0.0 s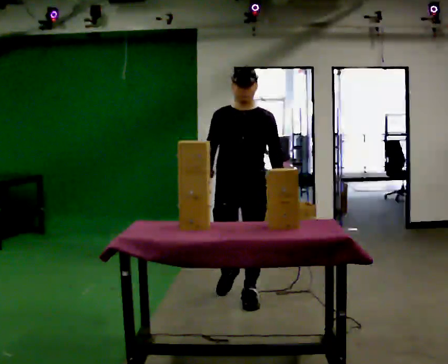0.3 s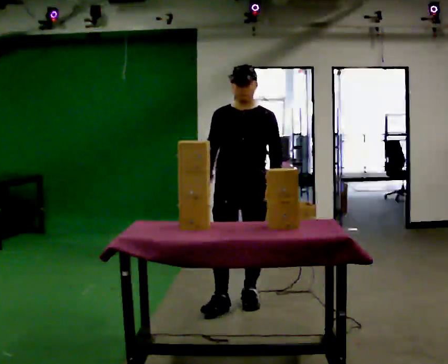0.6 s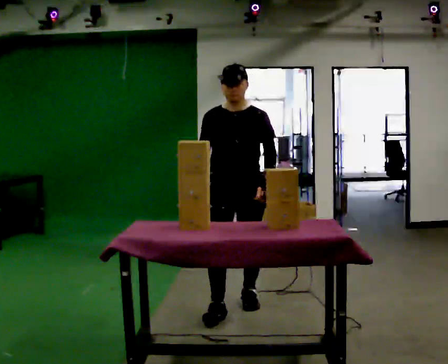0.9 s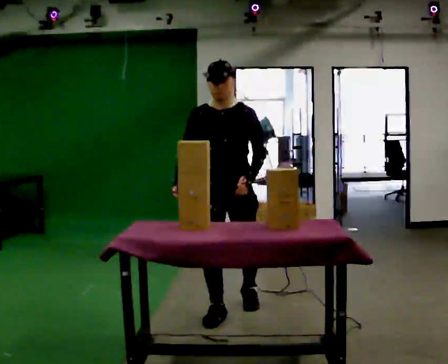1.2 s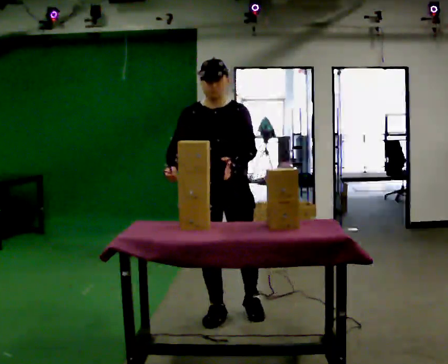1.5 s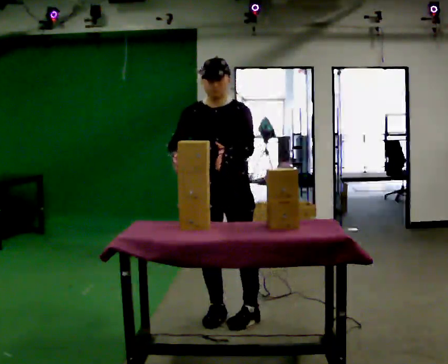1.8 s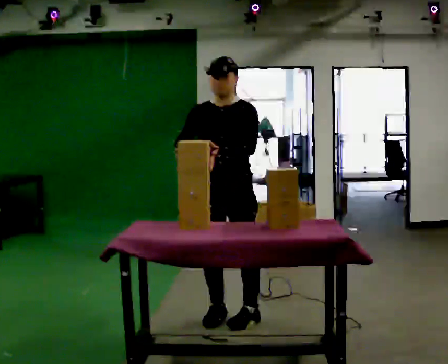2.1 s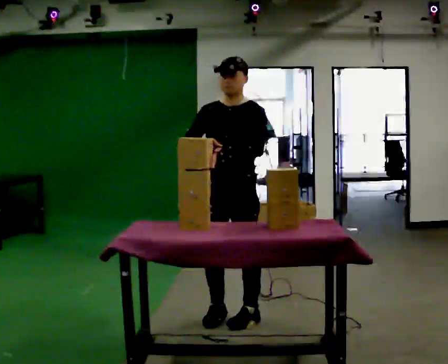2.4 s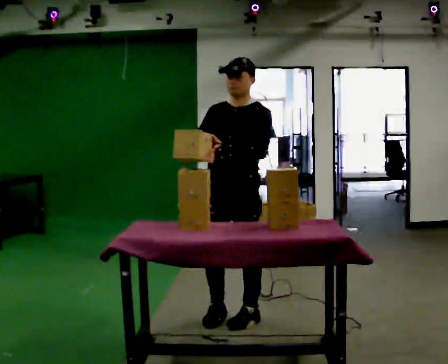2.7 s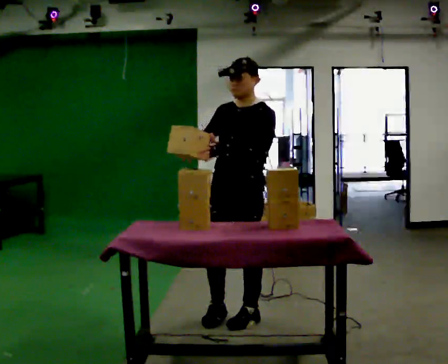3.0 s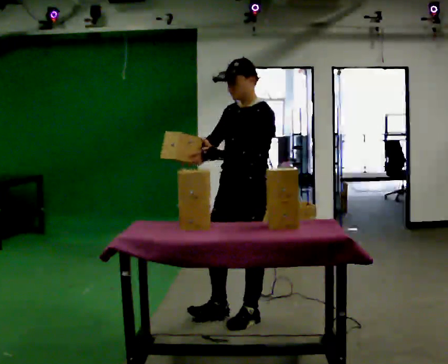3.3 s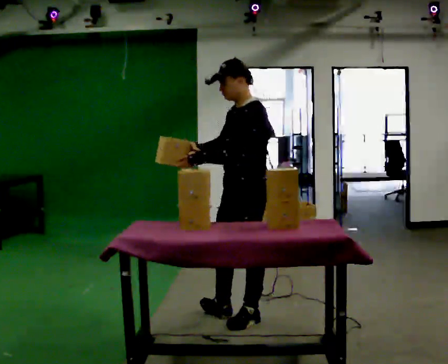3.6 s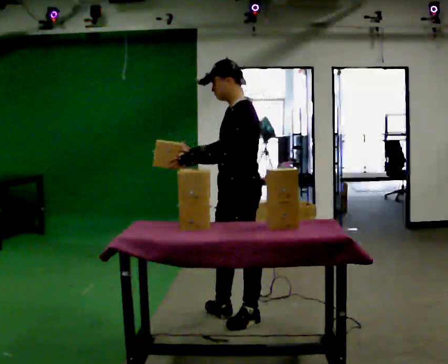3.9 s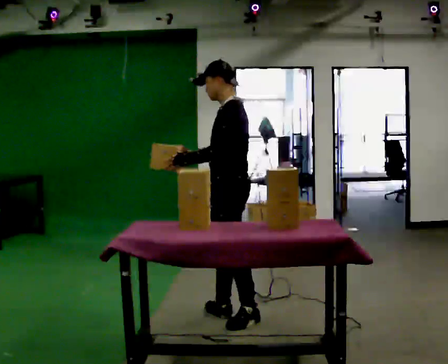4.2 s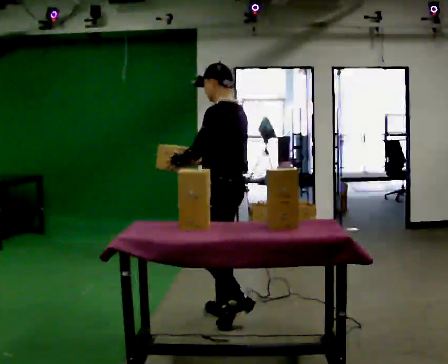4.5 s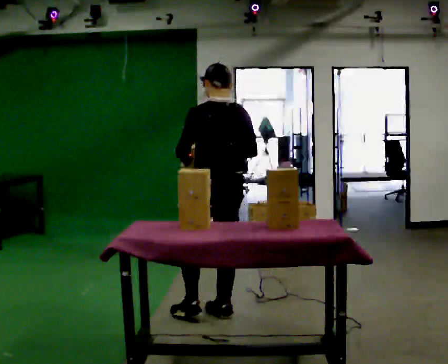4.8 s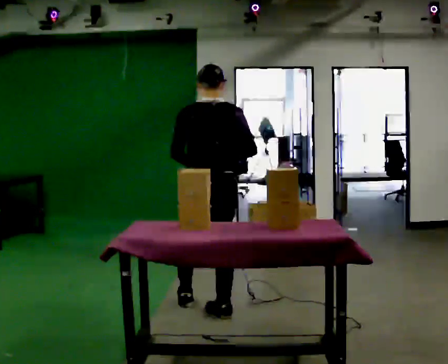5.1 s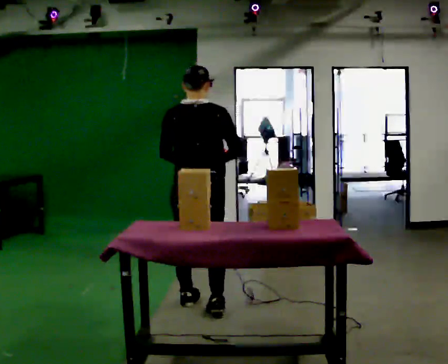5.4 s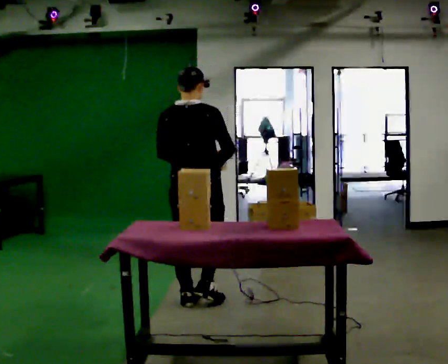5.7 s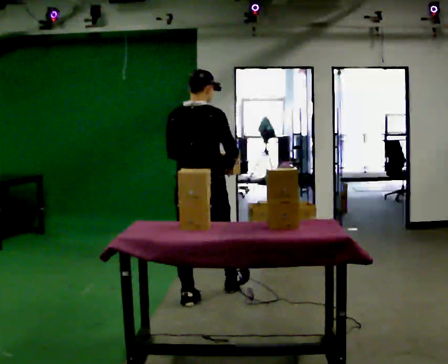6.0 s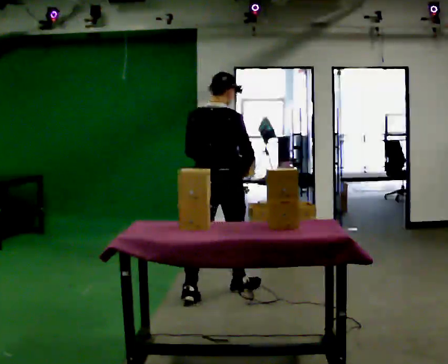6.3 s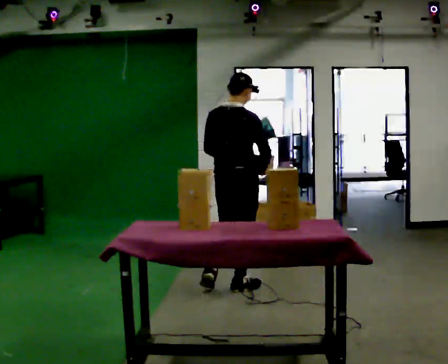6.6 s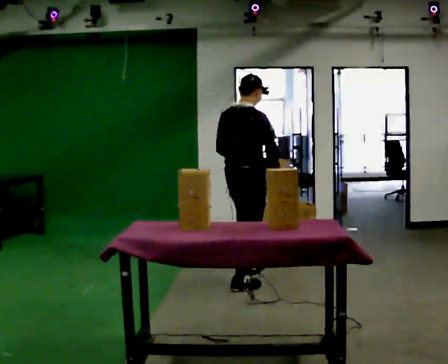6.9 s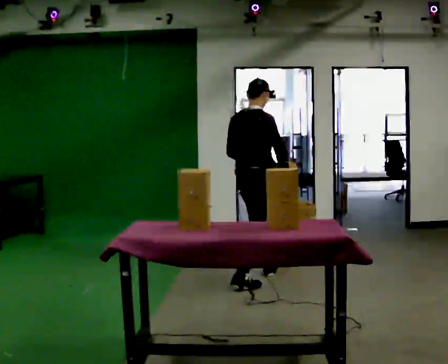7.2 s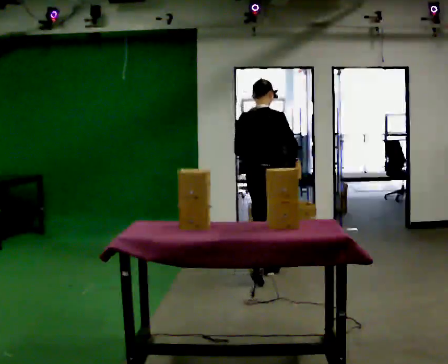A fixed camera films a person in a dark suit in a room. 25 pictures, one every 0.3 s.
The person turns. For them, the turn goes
to their right.
The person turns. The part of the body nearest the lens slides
to the left.
0.0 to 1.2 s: In the picture they go toward the camera, about 0.5 m in 1 step, which for them is forward and to their right.
1.2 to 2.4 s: The part of the body nearest the lens slides to the left as the person turns to their right by about 30 degrees.
2.4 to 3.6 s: The part of the body nearest the lens slides to the left as the person turns to their right by about 45 degrees.
3.6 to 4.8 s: The part of the body nearest the lens slides to the left as the person turns to their right by about 90 degrees. In the picture they go to the left and away from the camera, about 0.25 m.
4.8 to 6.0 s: Seen from above the body turns clockwise, about 30 degrees: to their right, with its near side sliding to the left. In the picture they go away from the camera, about 0.5 m in 2 steps, which for them is forward.
6.0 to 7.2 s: In the picture they go away from the camera and to the right, about 0.75 m in 1 step, which for them is forward.
The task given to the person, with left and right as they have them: Clear everything off the table and put it away on the shelf, in as many trips as you need. Keep going until the operator says stop; one object at a time, and do not rush between trips.
The film runs forward here.
